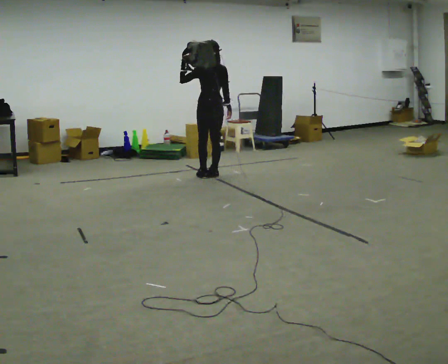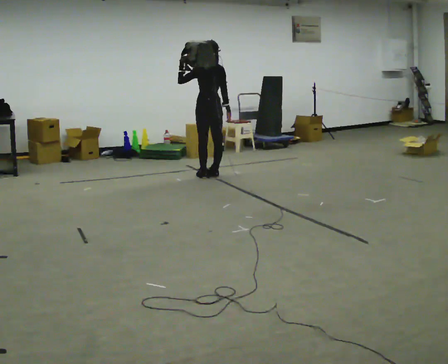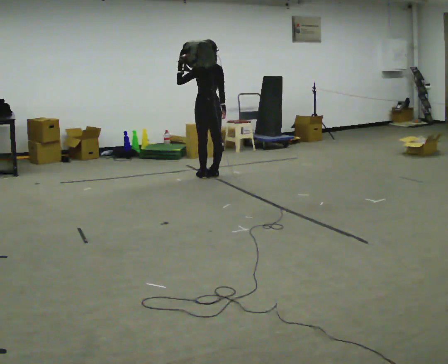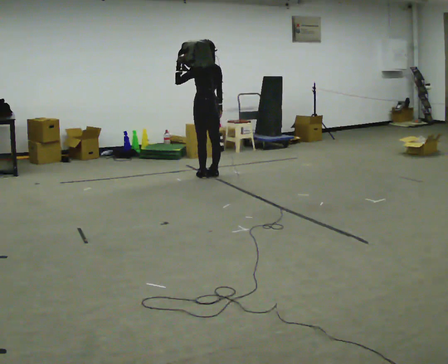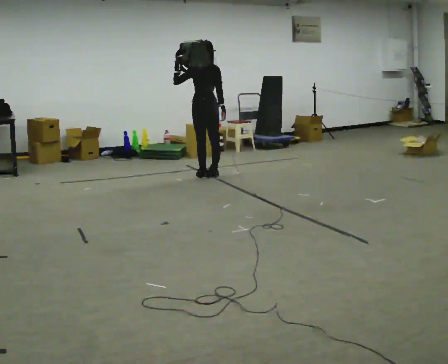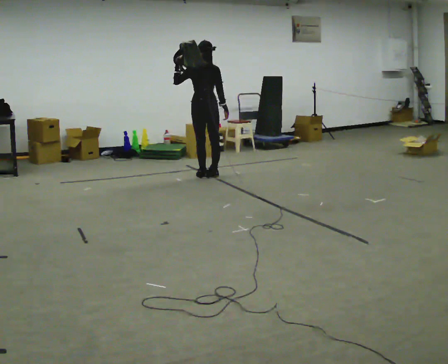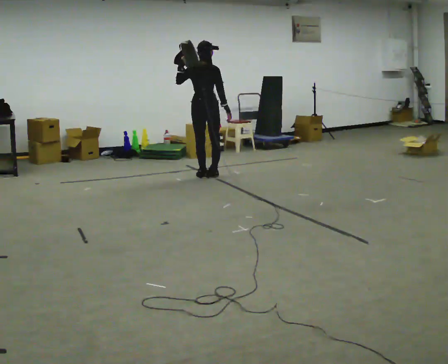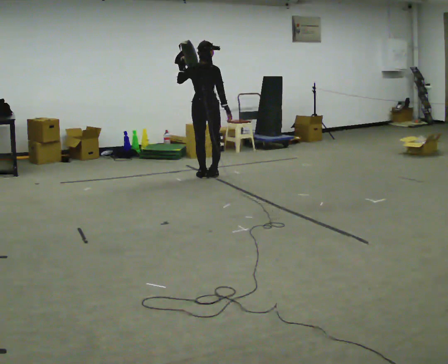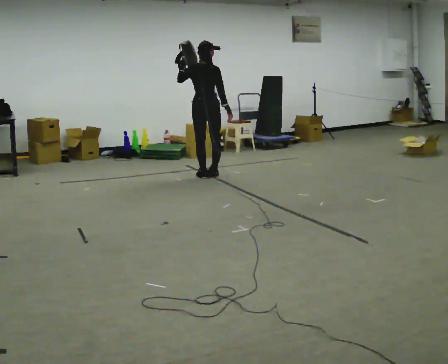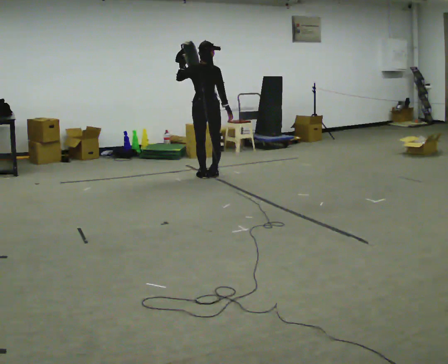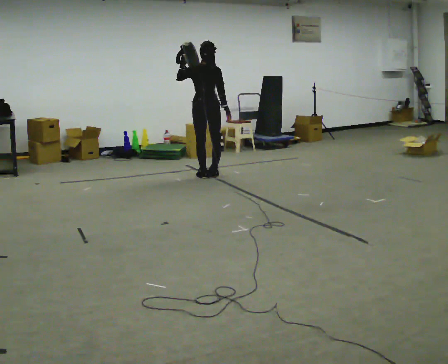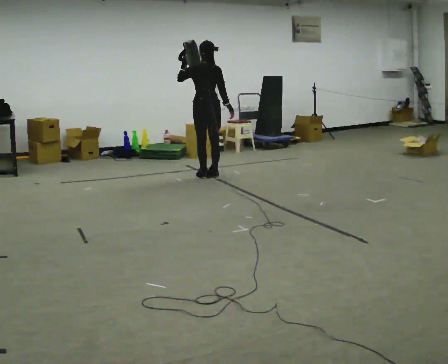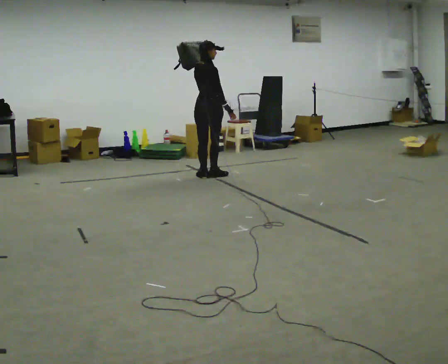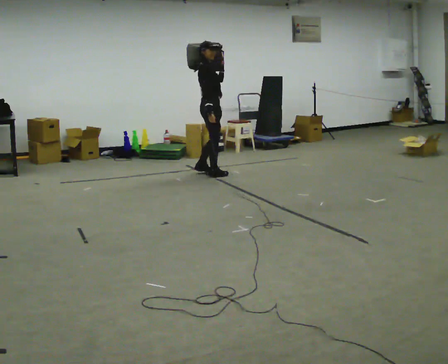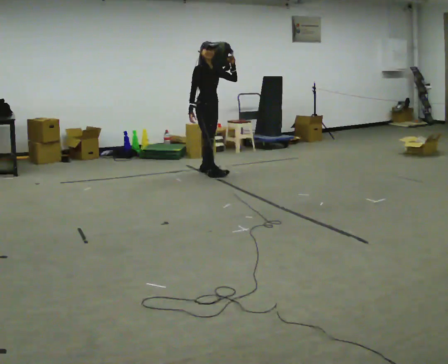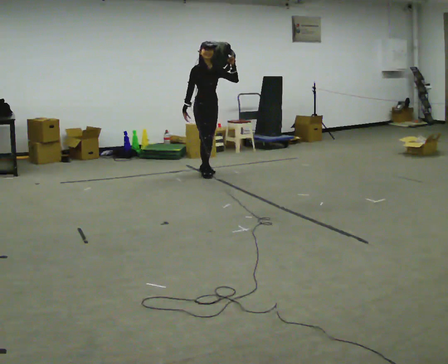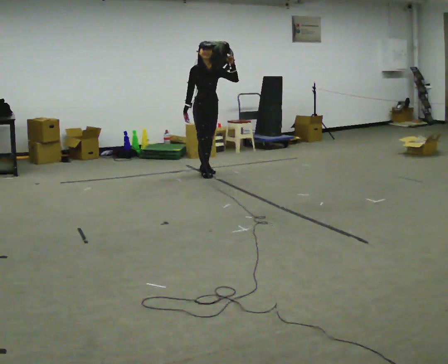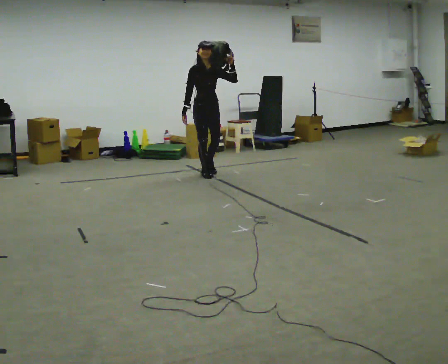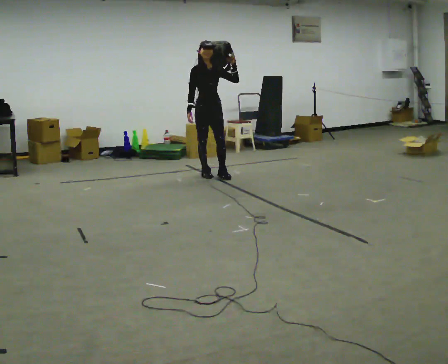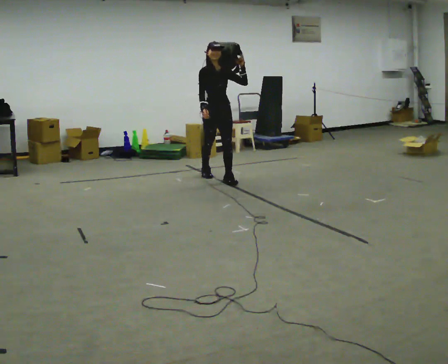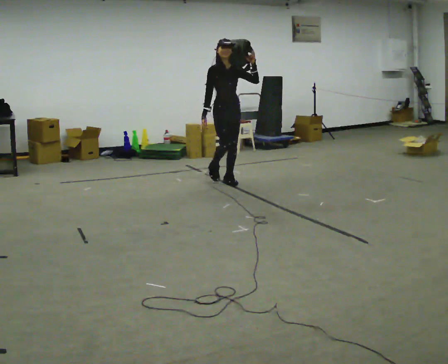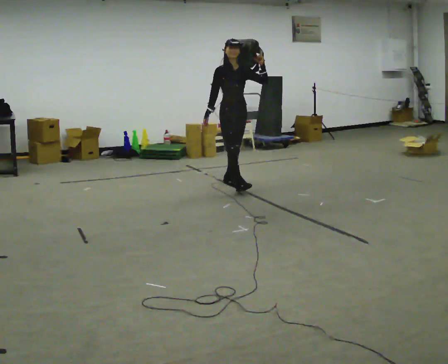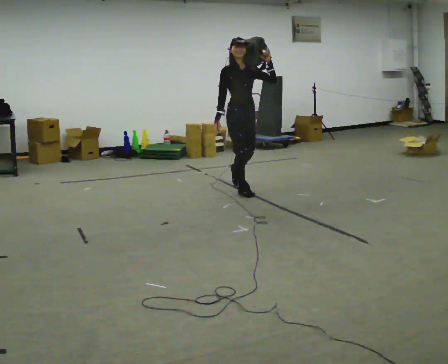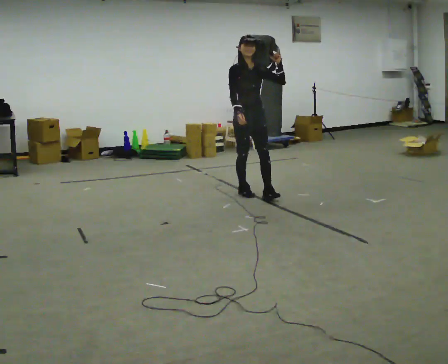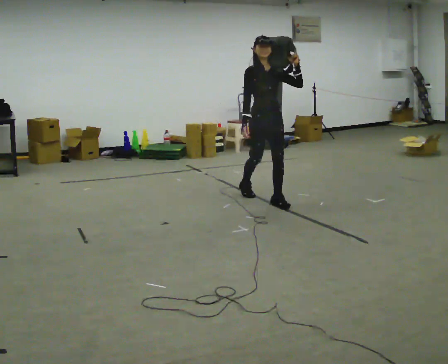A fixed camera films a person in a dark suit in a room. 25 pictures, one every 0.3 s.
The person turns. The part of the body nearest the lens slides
to the left.
The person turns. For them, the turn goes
to their right.
0.0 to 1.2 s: The person moves a little, or ends about where they began.
1.2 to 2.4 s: The part of the body nearest the lens slides to the left as the person turns to their right by about 30 degrees.
2.4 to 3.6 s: The part of the body nearest the lens slides to the left as the person turns to their right by about 45 degrees.
3.6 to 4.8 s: The person turns about 105 degrees to their right, clockwise seen from above, so the part of the body nearest the lens slides to the left. In the picture their left hand goes to the right.
4.8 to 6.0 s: In the picture they go toward the camera and to the right, about 0.5 m in 1 step, which for them is forward.
6.0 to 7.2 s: In the picture they go toward the camera and to the right, about 1 m in 2 steps, which for them is forward.
The film runs forward here.
